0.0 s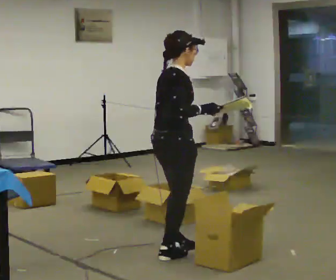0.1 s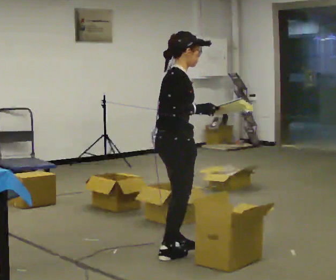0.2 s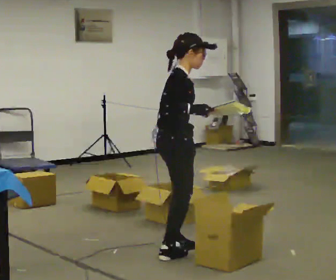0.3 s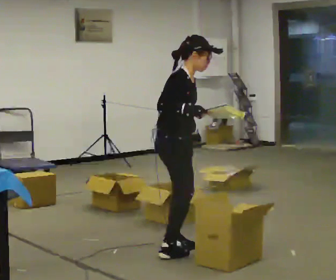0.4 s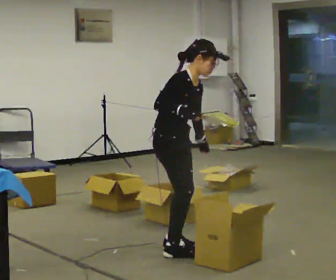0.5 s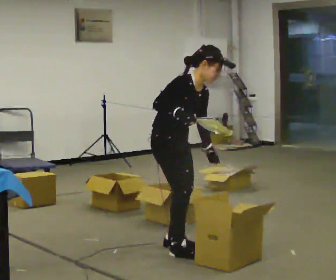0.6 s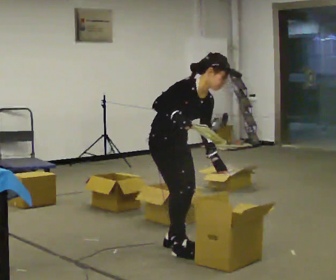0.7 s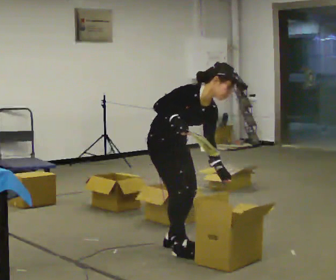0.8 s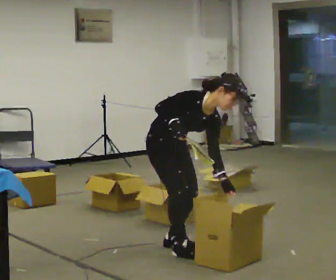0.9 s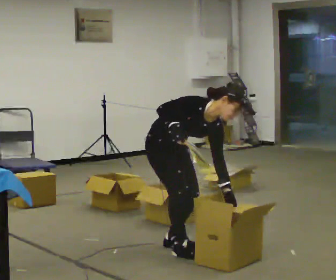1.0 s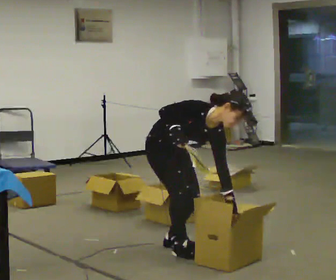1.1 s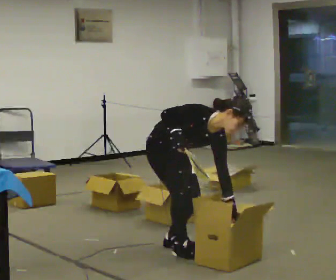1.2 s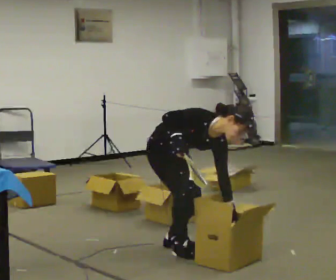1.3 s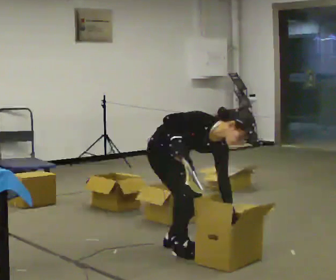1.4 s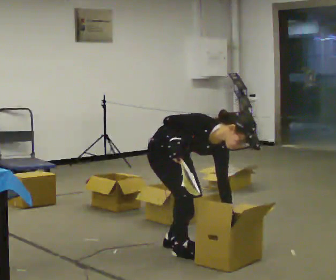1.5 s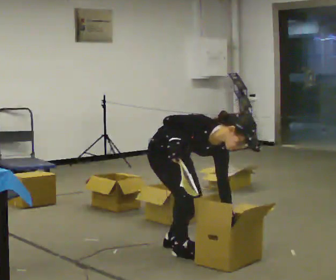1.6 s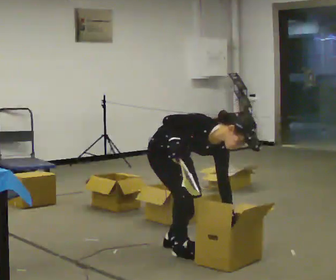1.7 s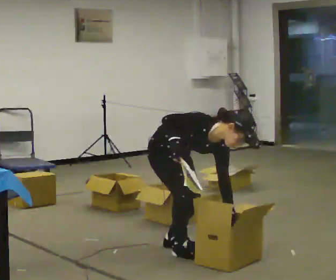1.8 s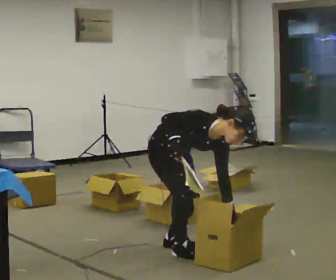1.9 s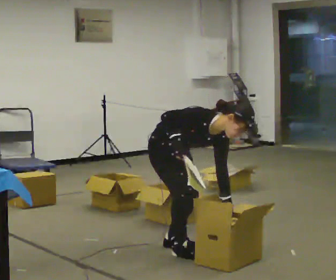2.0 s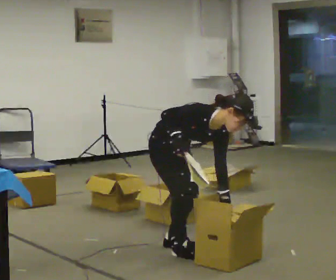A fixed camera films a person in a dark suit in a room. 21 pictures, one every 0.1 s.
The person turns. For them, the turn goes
to their right.
The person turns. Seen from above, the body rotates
clockwise.
0.0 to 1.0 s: The part of the body nearest the lens slides to the left as the person turns to their right by about 75 degrees. In the picture they go away from the camera, about 0.25 m. The upper body goes downward. In the picture the upper body tilts clockwise, shoulders to the right, as they bend forward. In the picture their left hand goes to the right and downward.
1.0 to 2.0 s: The person moves a little, or ends about where they began.
The film runs backward here.
